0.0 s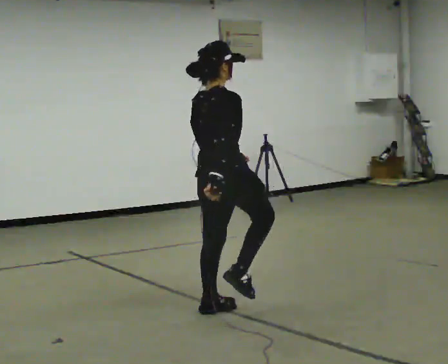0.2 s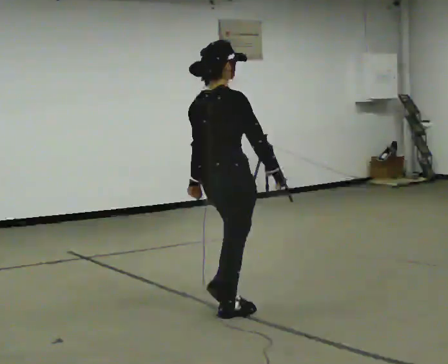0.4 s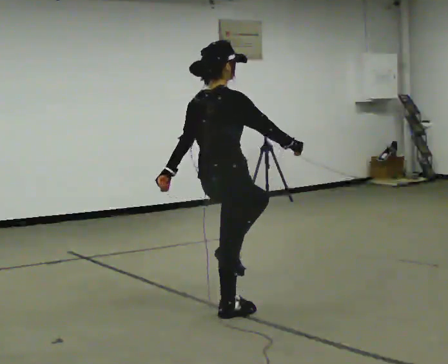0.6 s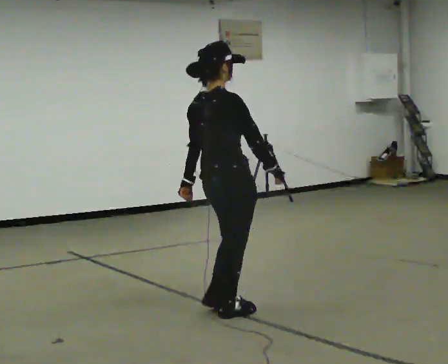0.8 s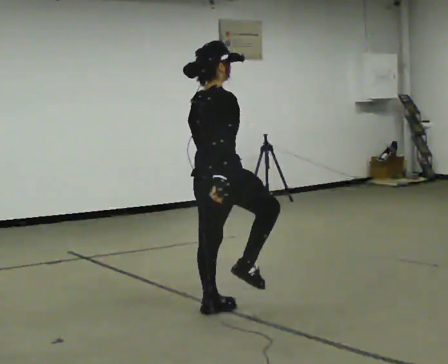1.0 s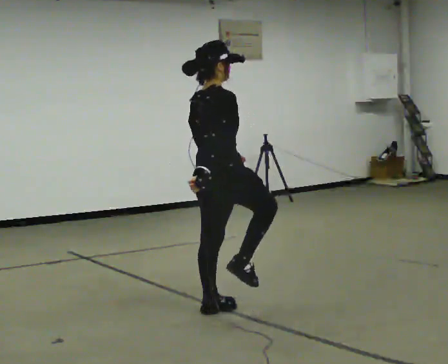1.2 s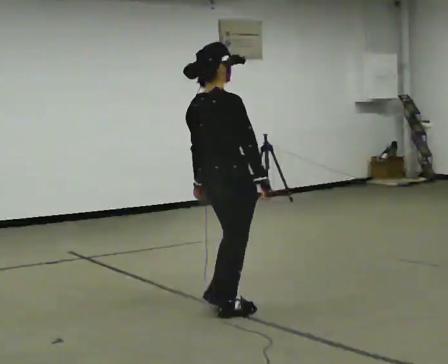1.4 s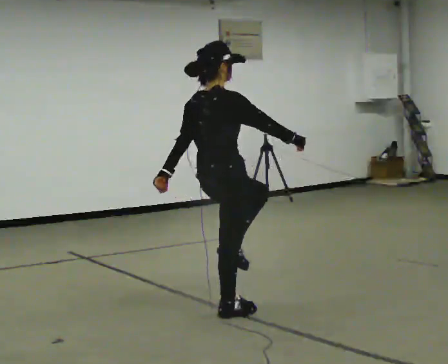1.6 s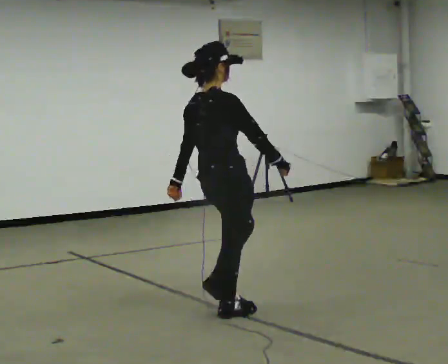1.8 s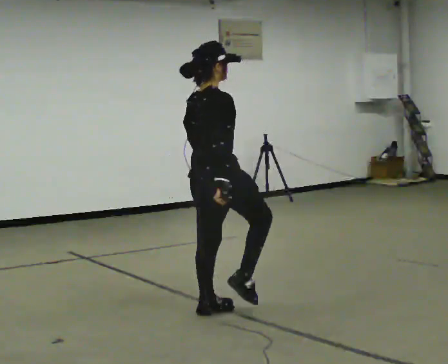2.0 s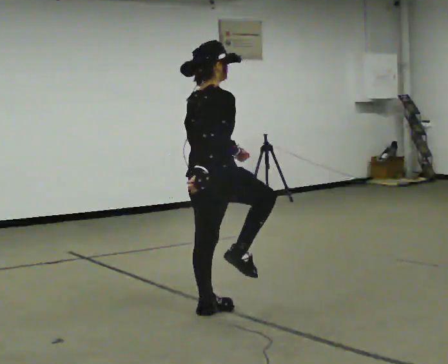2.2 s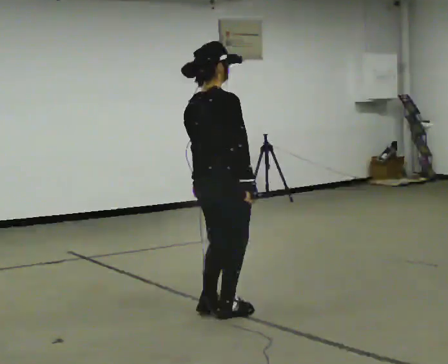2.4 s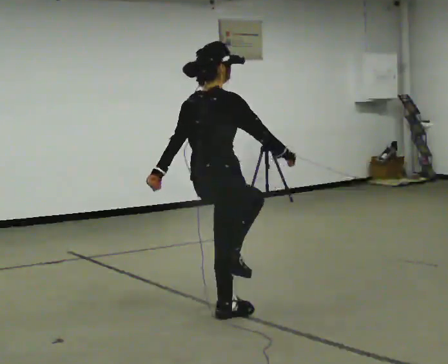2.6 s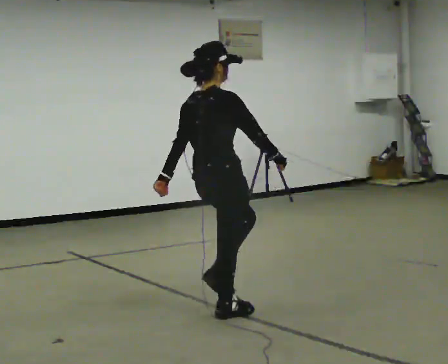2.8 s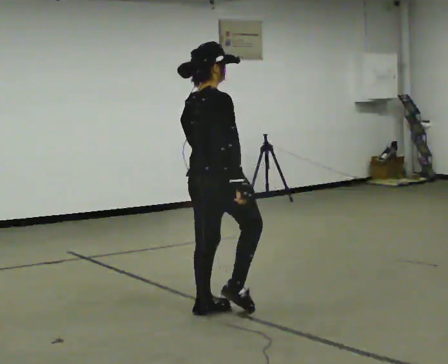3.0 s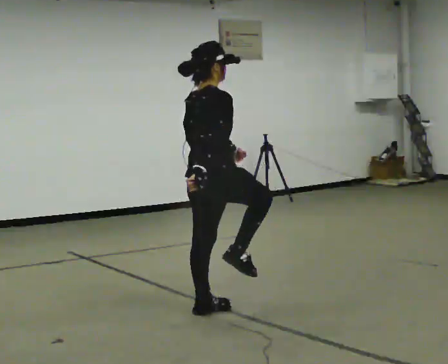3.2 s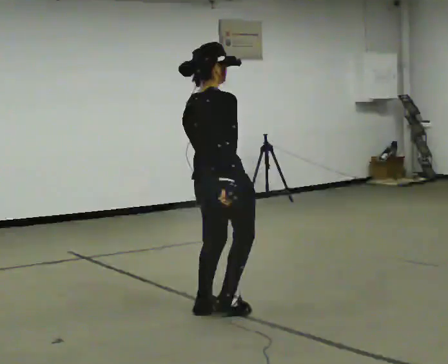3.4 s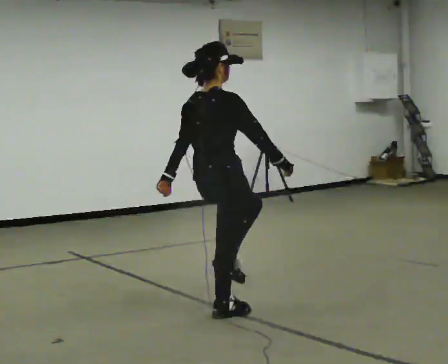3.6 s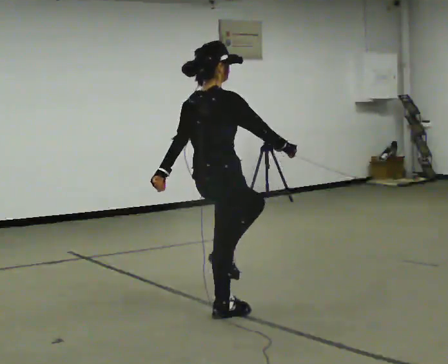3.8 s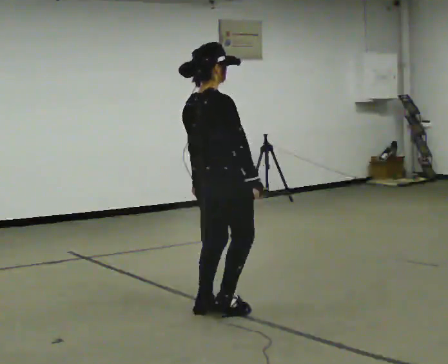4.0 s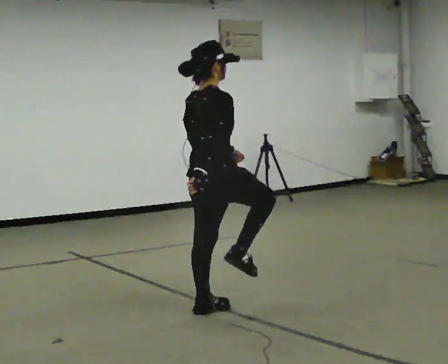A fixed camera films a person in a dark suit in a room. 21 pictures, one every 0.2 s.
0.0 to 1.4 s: In the picture their right hand goes to the right.
1.4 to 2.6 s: The person moves a little, or ends about where they began.
2.6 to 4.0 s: In the picture their right hand goes to the left.
The film runs forward here.
